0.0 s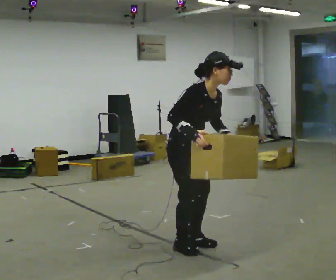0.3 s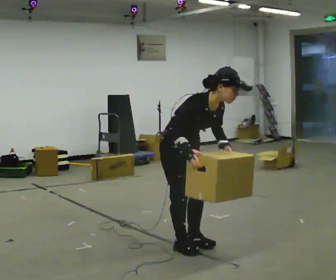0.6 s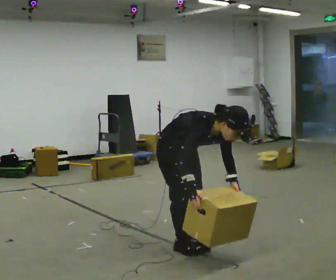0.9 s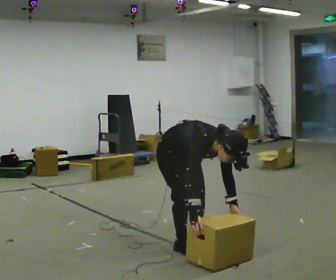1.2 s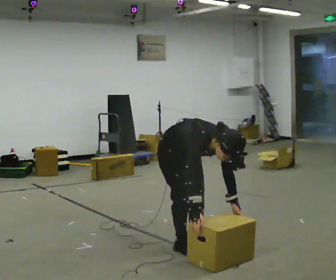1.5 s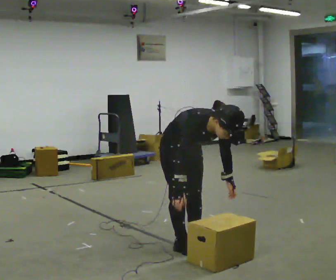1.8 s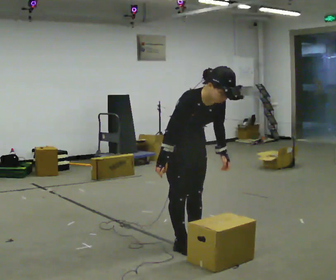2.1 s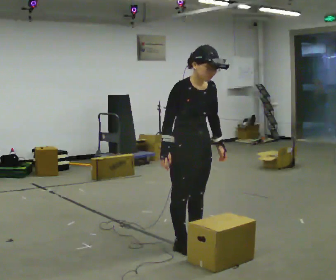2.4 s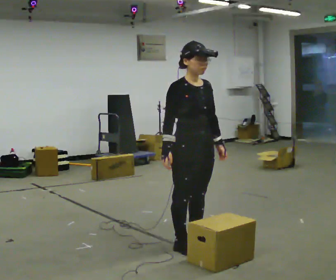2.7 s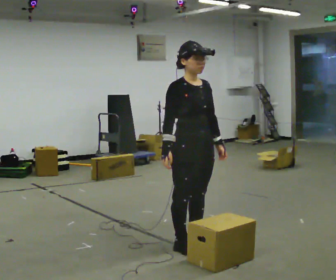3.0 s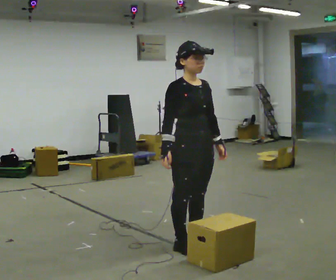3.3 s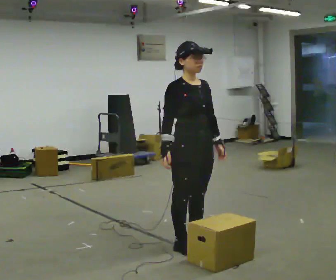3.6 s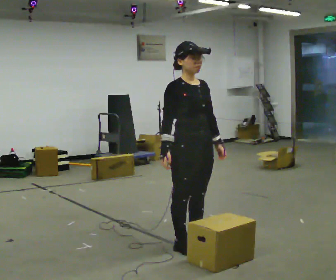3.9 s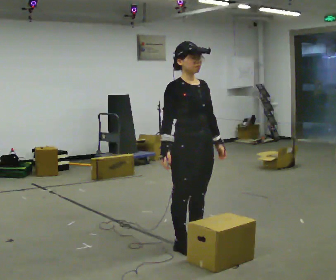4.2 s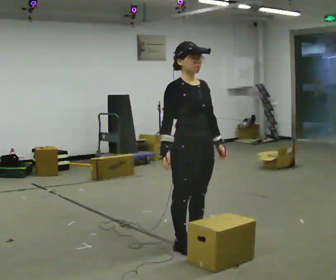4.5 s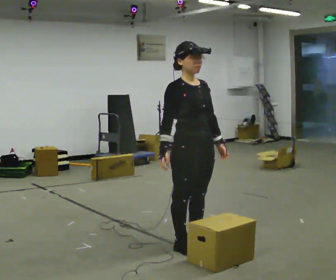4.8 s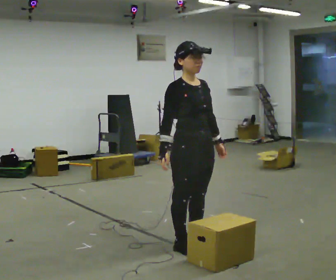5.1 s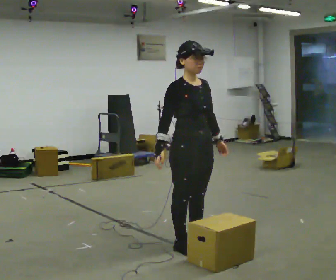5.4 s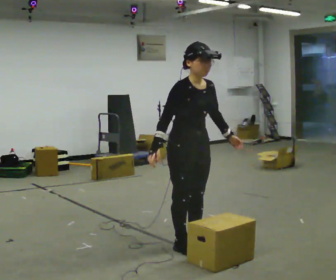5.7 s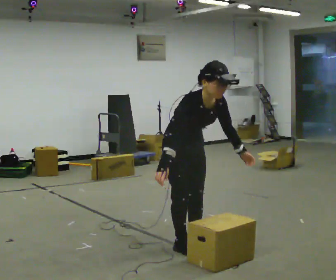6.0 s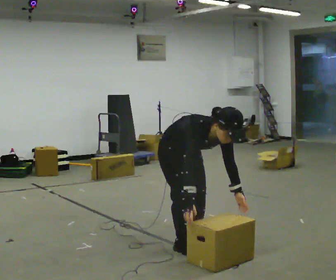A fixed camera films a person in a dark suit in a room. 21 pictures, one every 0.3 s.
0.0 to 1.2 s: The upper body goes downward. The upper body tips toward the camera, its near side rolling downward, as they bend forward. In the picture their right hand goes downward.
1.2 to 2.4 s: The upper body goes upward. In the picture the upper body tilts counterclockwise, shoulders to the left, as they lean back or straighten. In the picture their right hand goes upward.
2.4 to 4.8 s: The person moves a little, or ends about where they began.
4.8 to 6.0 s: The shoulders move downward. In the picture the upper body tilts clockwise, shoulders to the right, as they bend forward. In the picture their left hand goes downward.
The film runs backward here.
